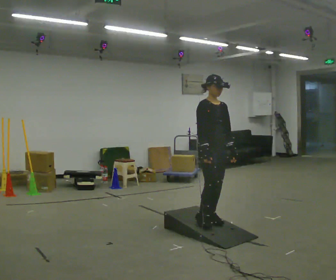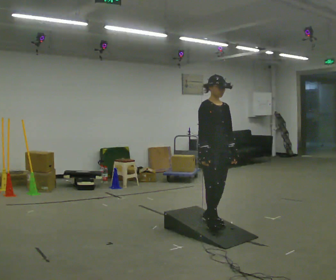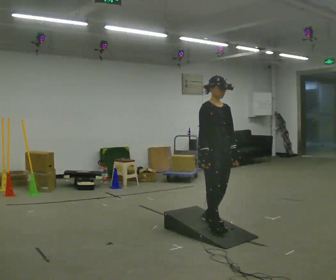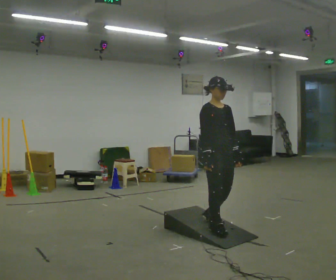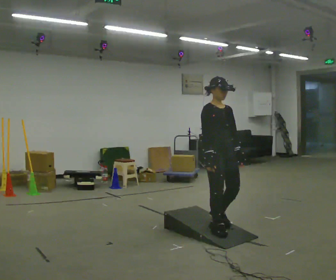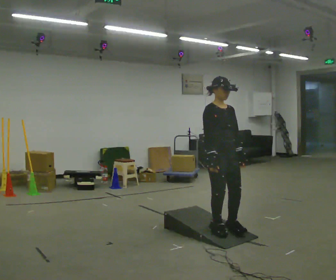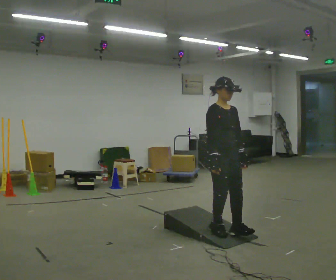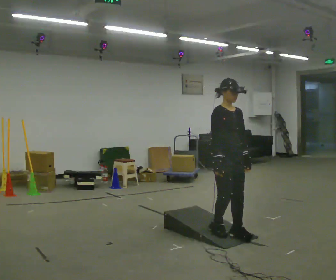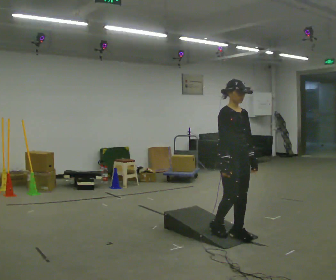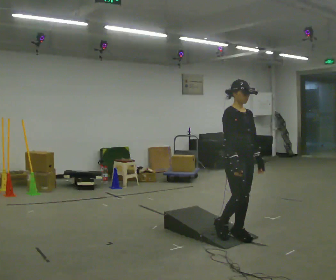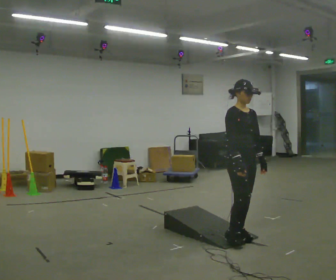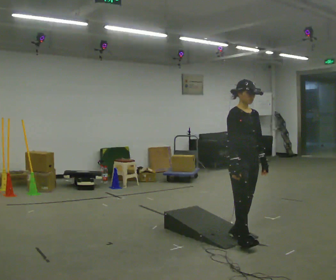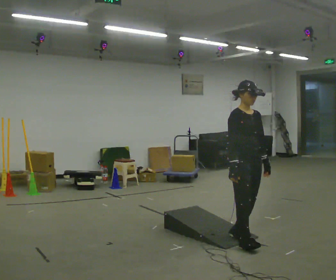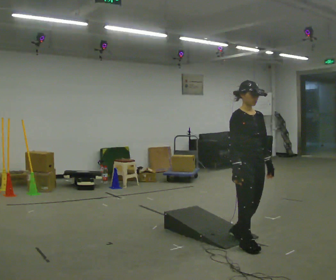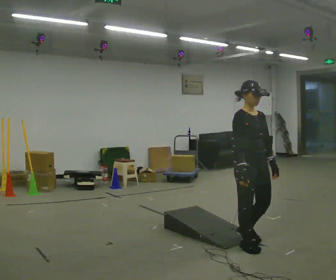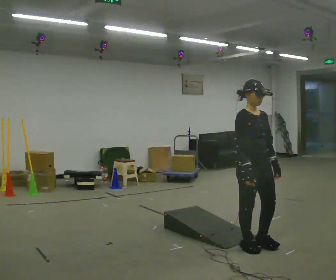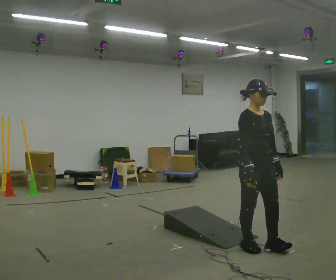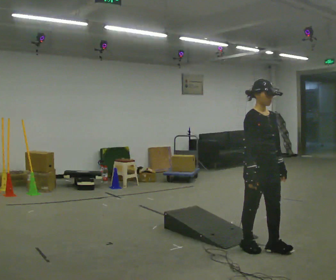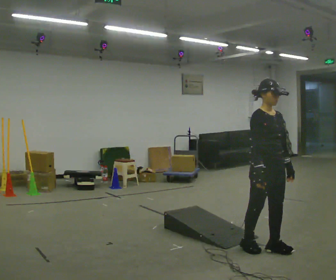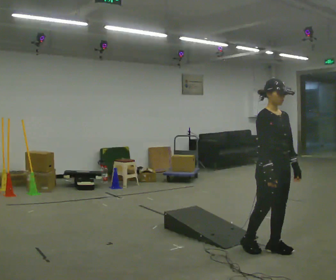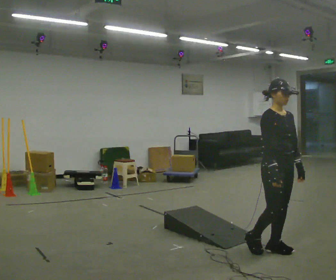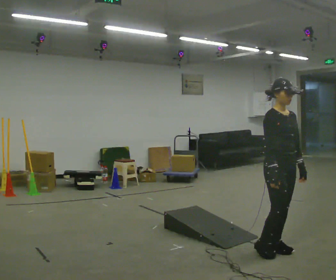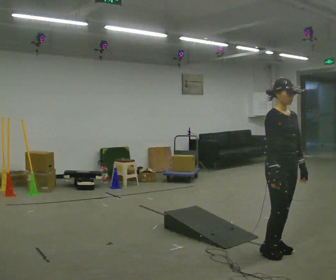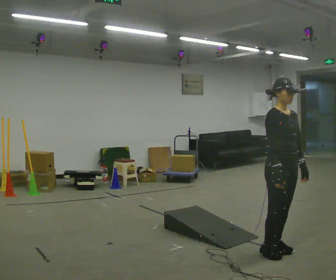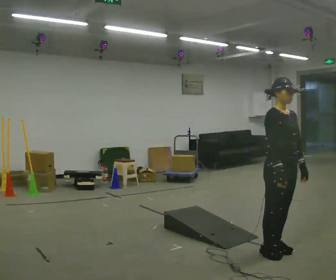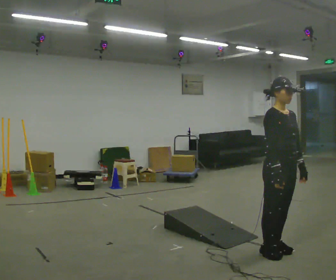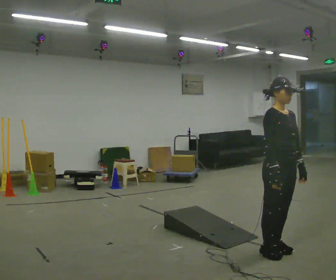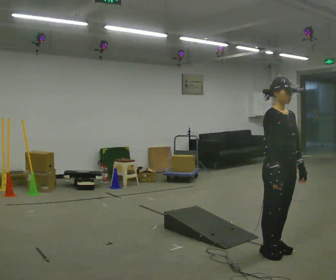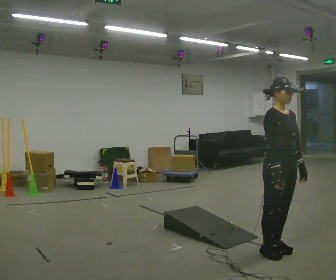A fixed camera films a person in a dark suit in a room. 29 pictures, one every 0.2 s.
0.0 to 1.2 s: In the picture they go toward the camera, about 0.25 m in 2 steps, which for them is forward.
1.2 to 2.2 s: In the picture they go to the right, about 0.25 m in 1 step, which for them is forward.
2.2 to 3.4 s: In the picture they go toward the camera and to the right, about 0.25 m in 1 step, which for them is forward.
3.4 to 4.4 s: In the picture they go to the right, about 0.25 m in 1 step, which for them is forward.
4.4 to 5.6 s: The person moves a little, or ends about where they began.
The film runs forward here.
